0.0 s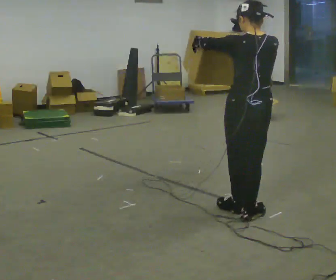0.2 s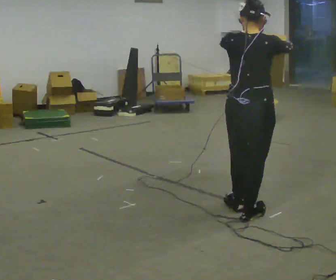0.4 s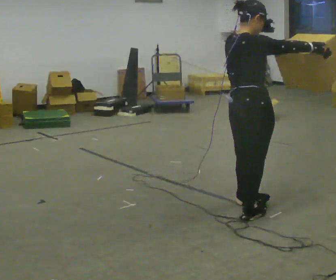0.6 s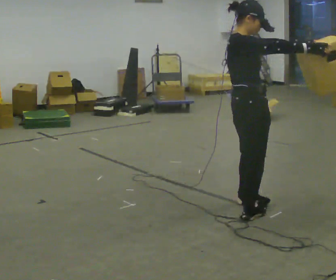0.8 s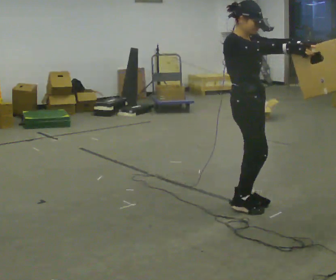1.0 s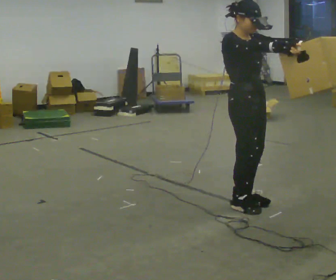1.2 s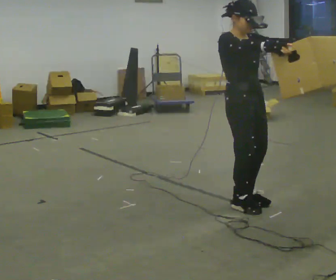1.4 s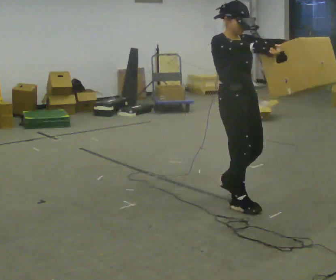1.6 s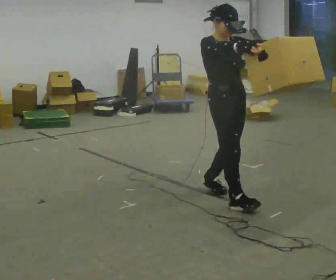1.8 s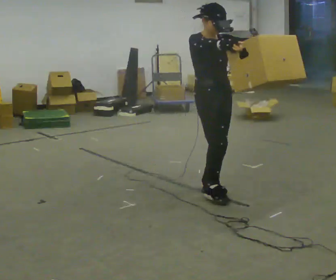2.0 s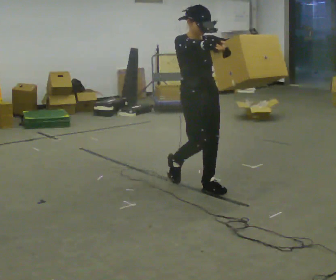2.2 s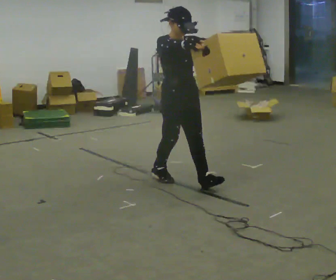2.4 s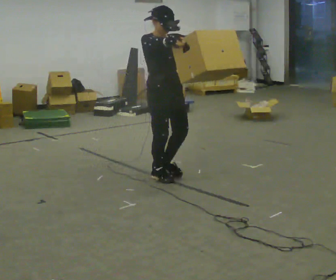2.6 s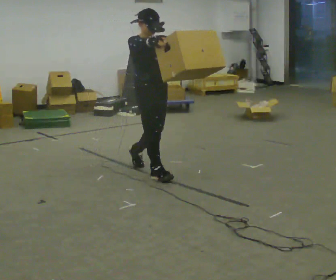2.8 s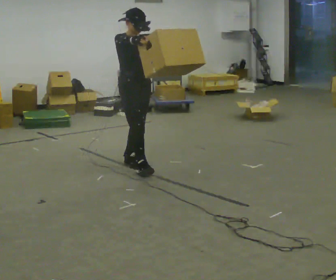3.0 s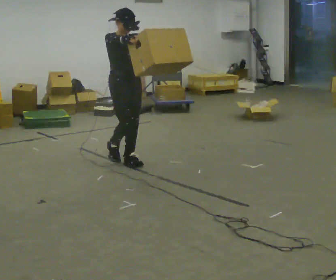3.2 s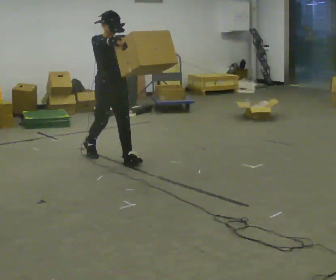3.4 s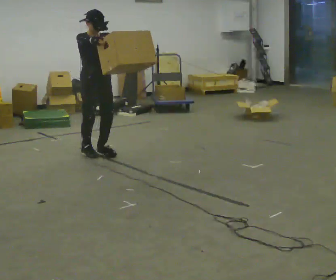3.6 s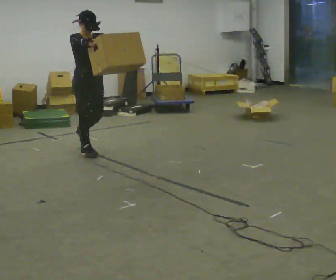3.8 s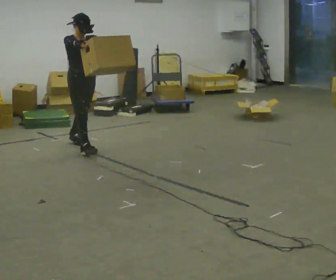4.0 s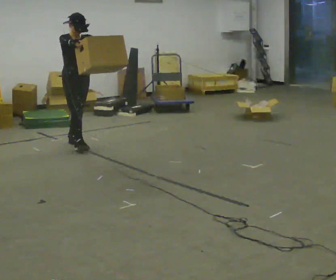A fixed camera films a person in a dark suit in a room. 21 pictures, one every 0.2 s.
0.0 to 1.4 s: The person turns about 150 degrees to their right, clockwise seen from above, so the part of the body nearest the lens slides to the left. In the picture they go away from the camera, about 0.25 m in 3 steps. In the picture their left hand goes to the right.
1.4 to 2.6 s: In the picture they go away from the camera and to the left, about 1 m in 2 steps, which for them is backward.
2.6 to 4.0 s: In the picture they go away from the camera and to the left, about 1.5 m in 3 steps, which for them is backward.
The film runs backward here.
